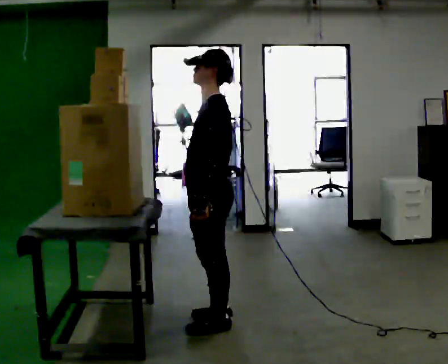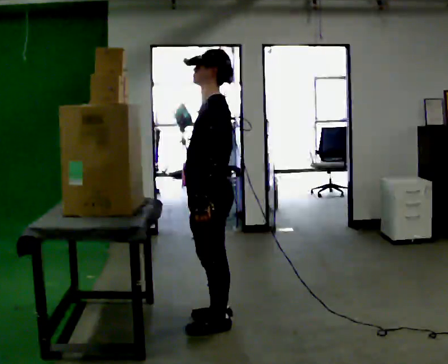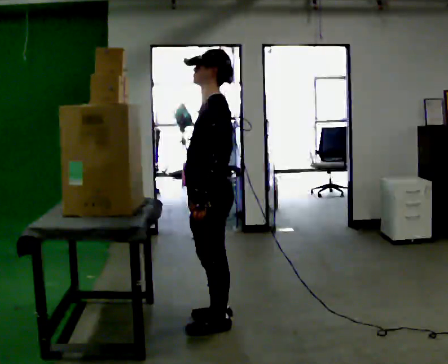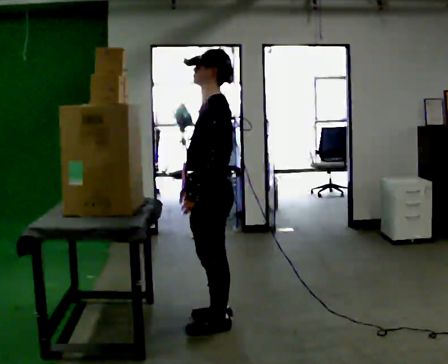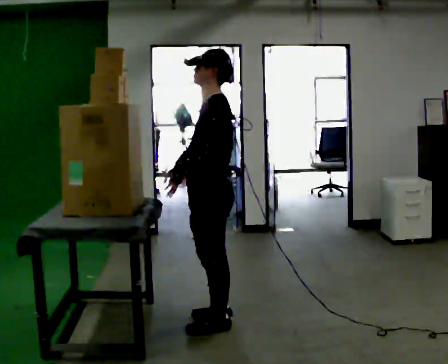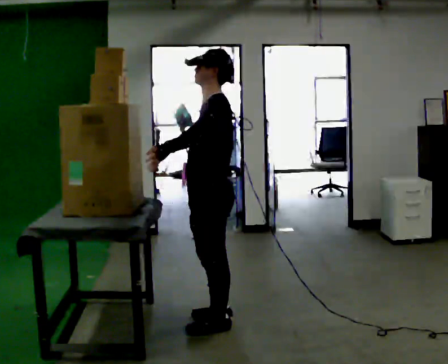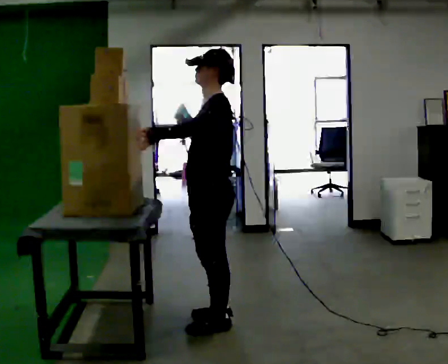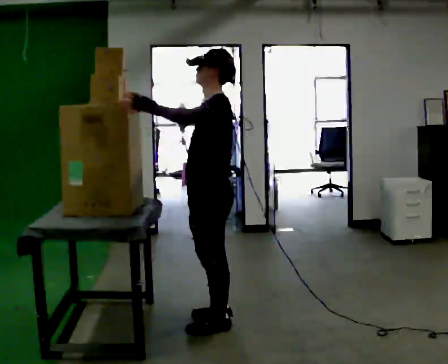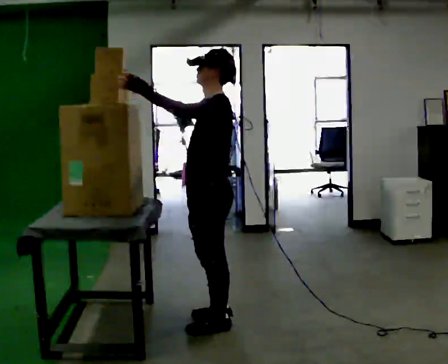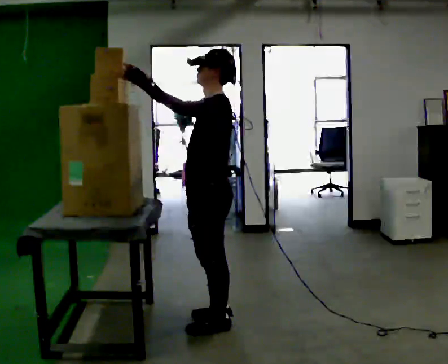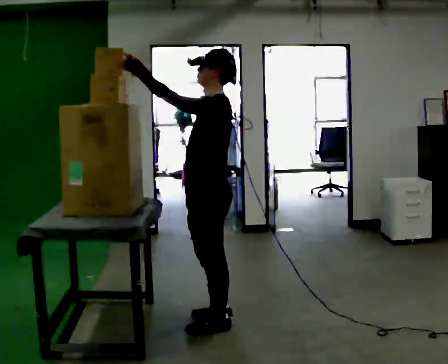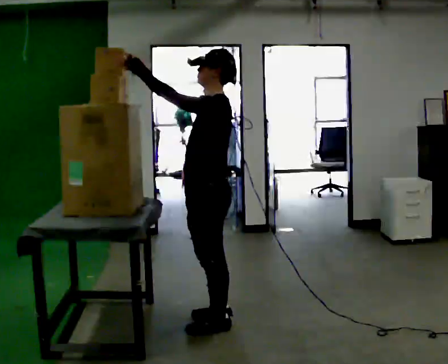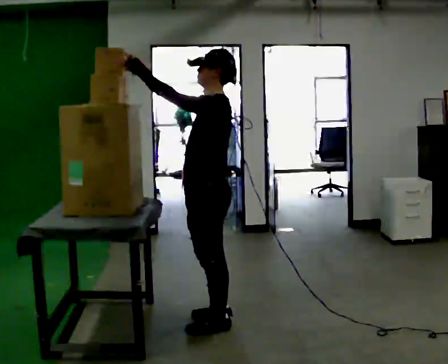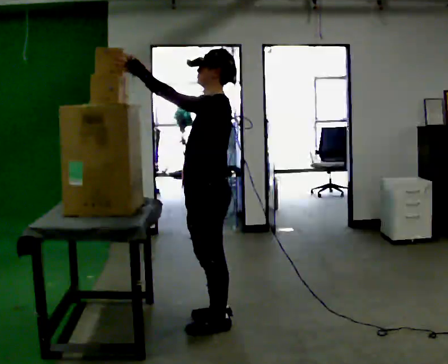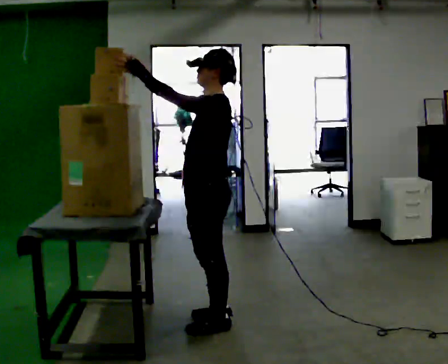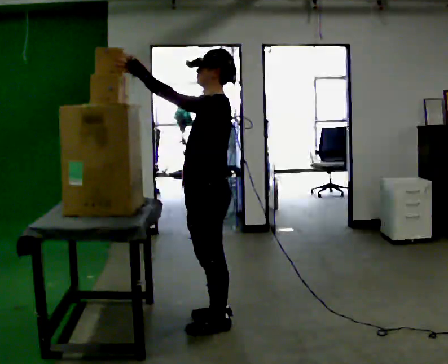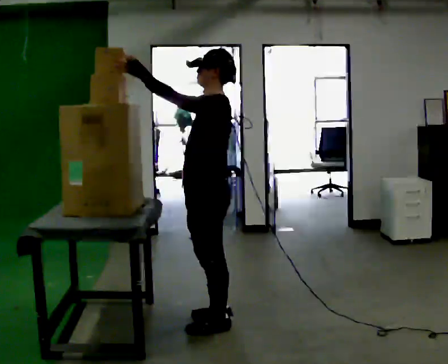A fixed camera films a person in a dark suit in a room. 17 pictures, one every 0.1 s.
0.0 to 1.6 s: In the picture their right hand goes upward and to the left, the arm swinging clockwise.
The film runs forward here.
